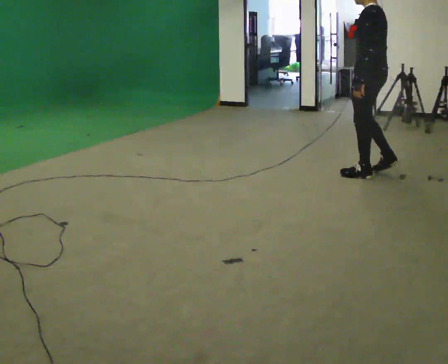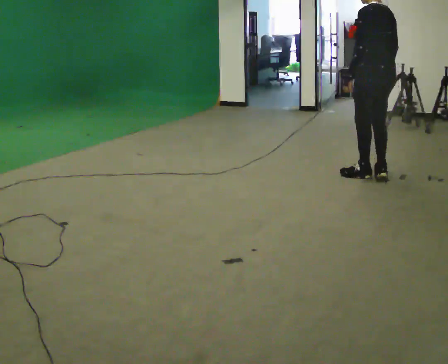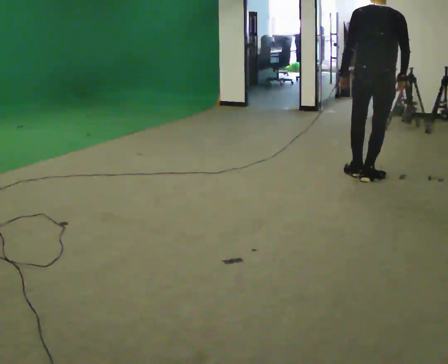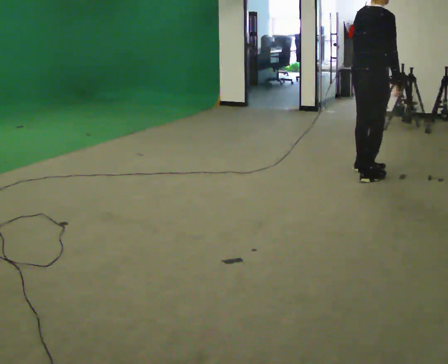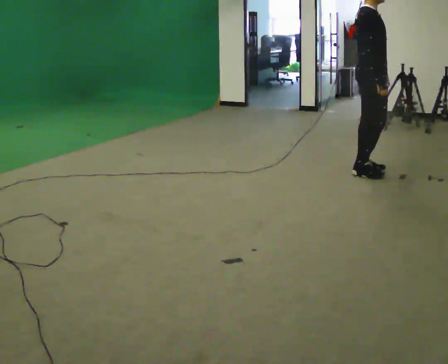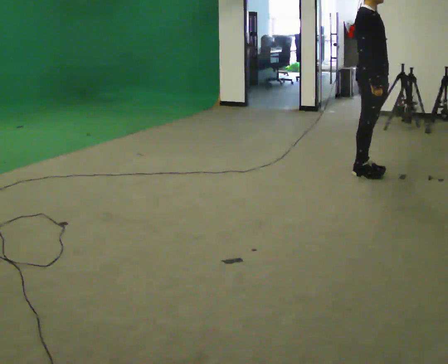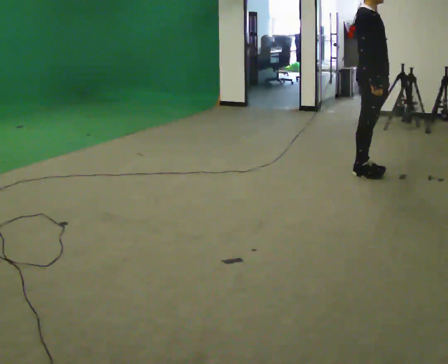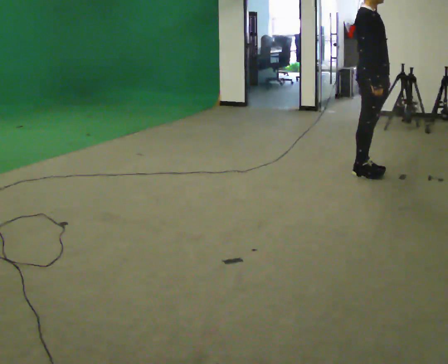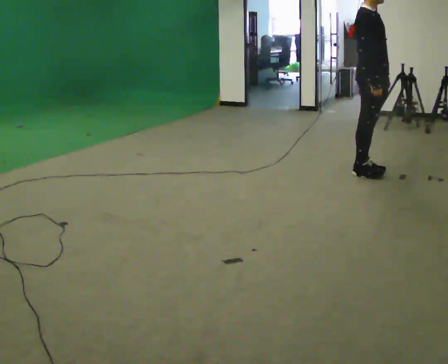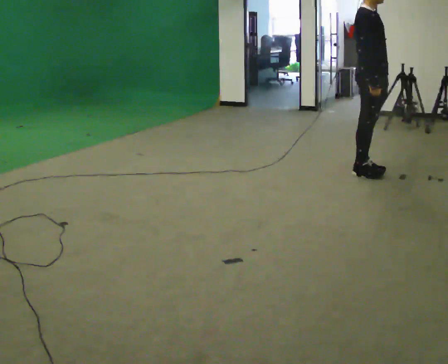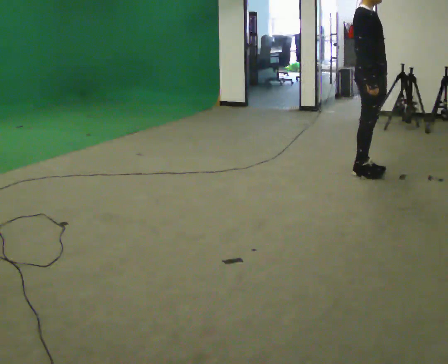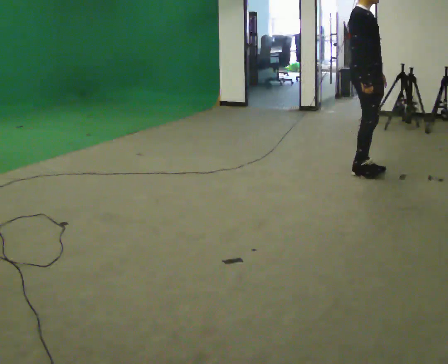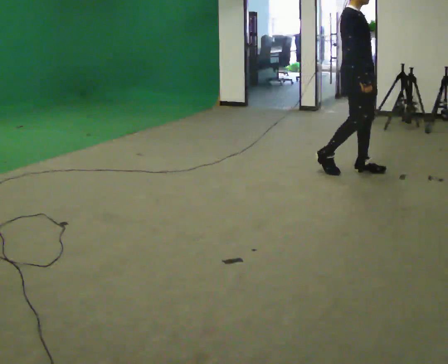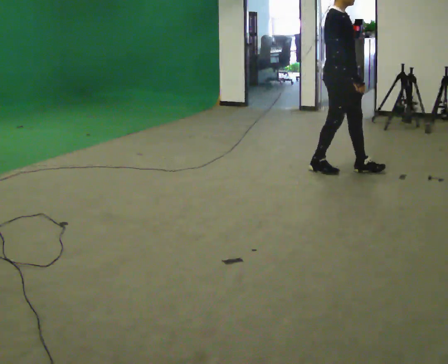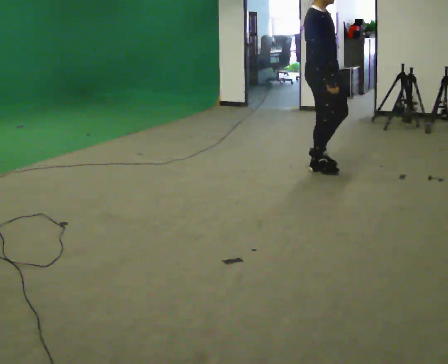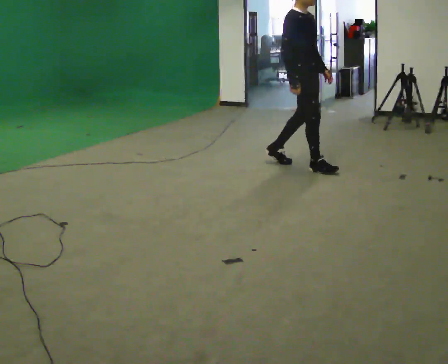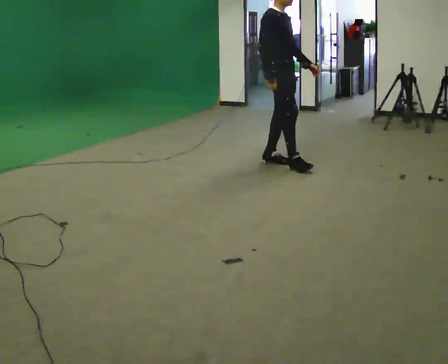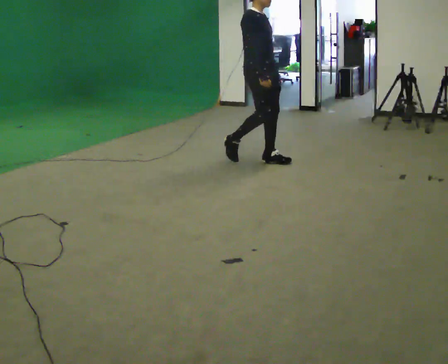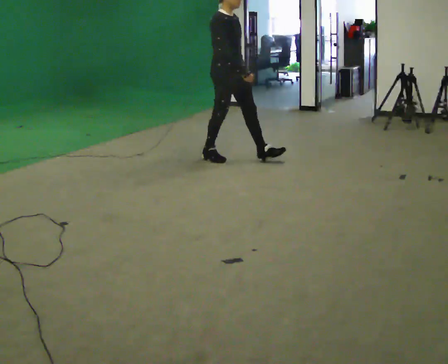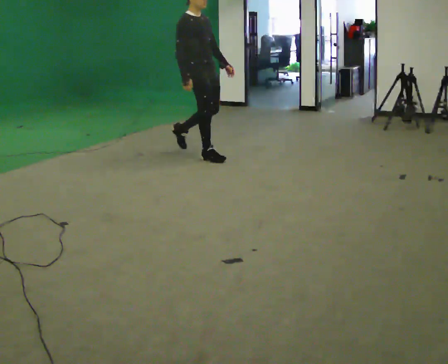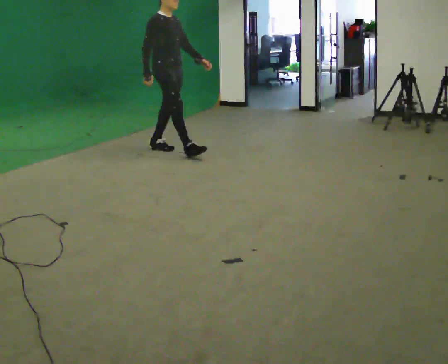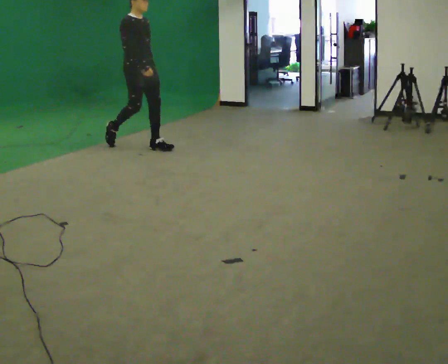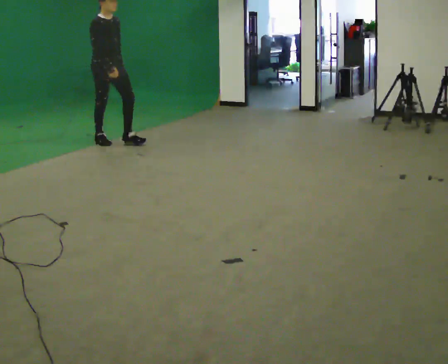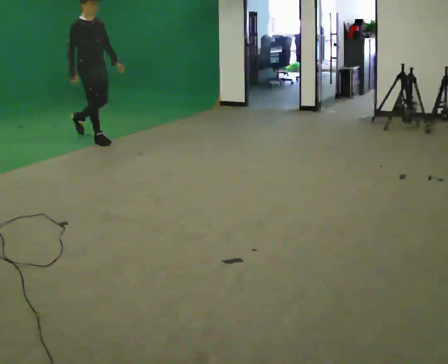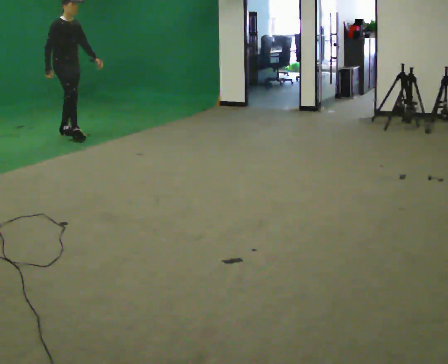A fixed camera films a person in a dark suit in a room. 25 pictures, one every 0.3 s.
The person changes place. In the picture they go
to the left.
0.0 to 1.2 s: The person turns about 150 degrees to their right, clockwise seen from above, so the part of the body nearest the lens slides to the left.
1.2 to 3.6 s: The person moves a little, or ends about where they began.
3.6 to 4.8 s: In the picture they go to the left, about 0.5 m in 2 steps, which for them is backward.
4.8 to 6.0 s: In the picture they go to the left, about 1 m in 2 steps, which for them is backward.
6.0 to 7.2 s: In the picture they go to the left, about 1.5 m in 2 steps, which for them is backward.
The film runs backward here.
